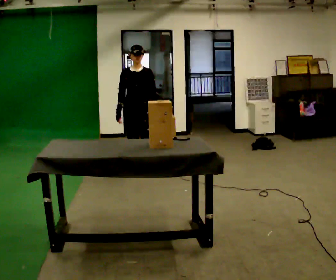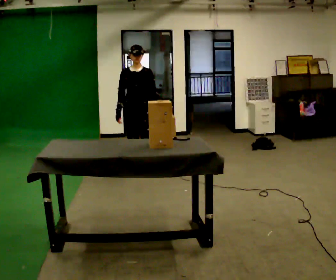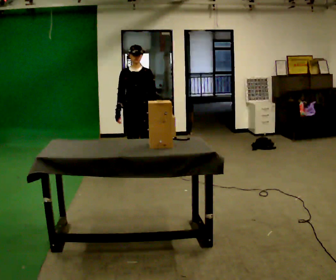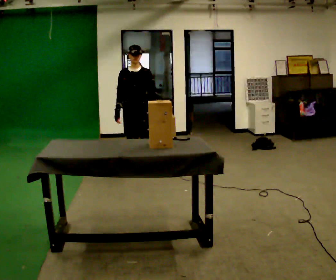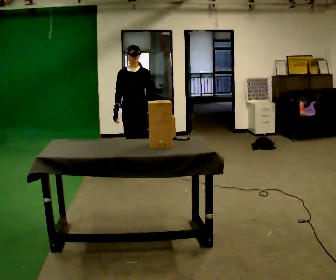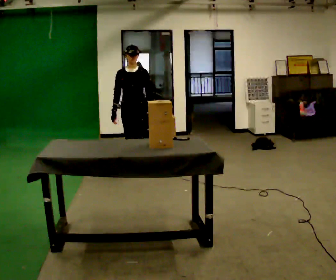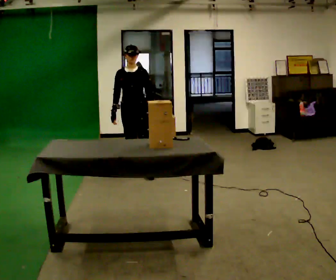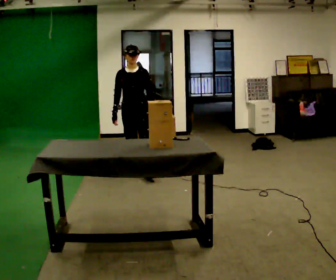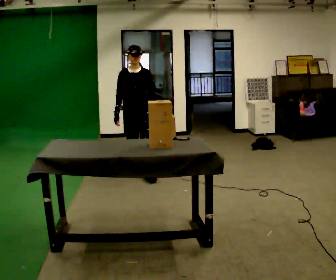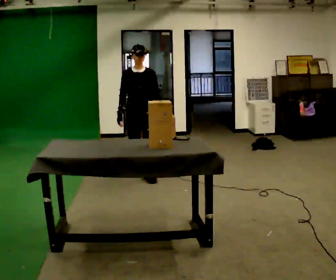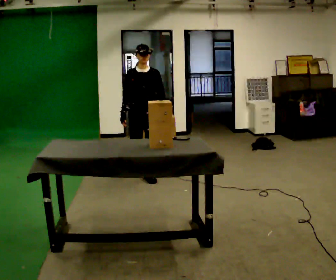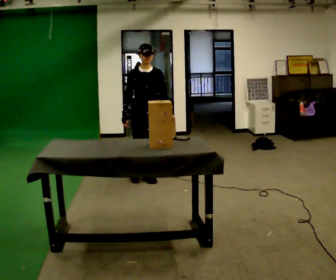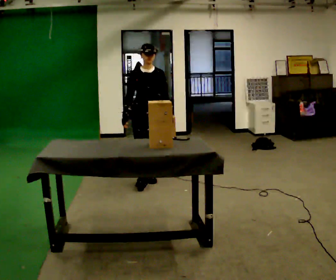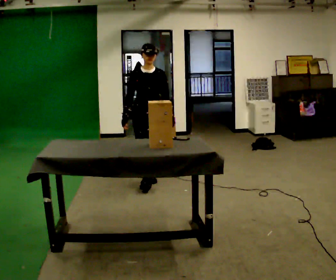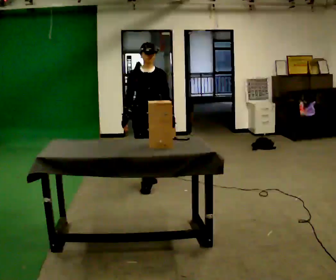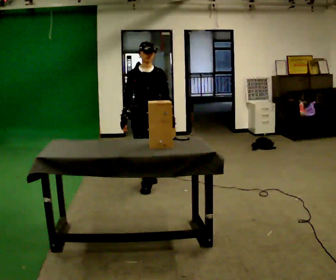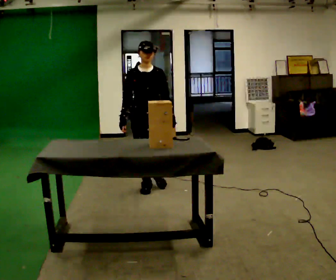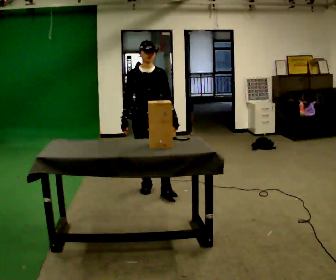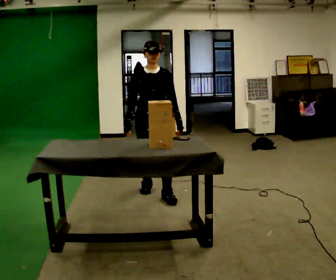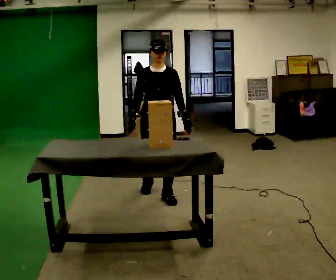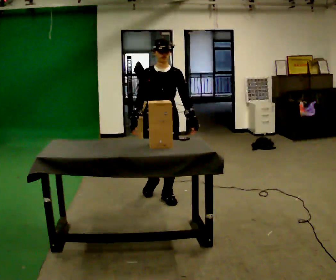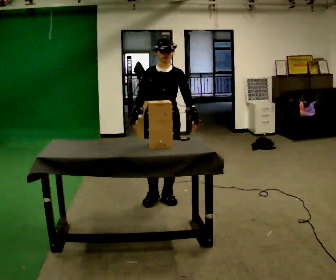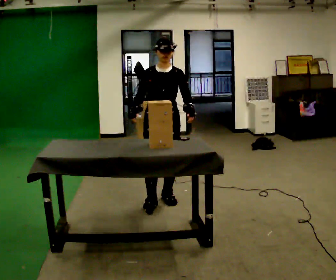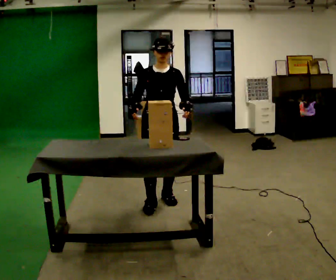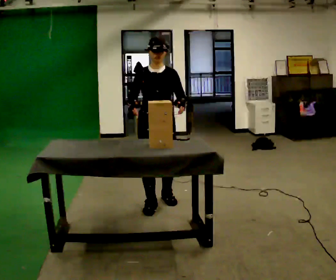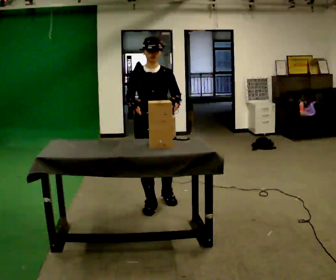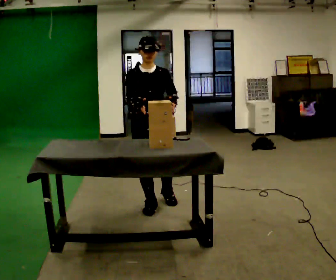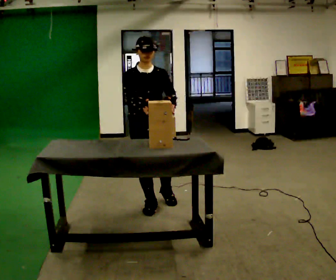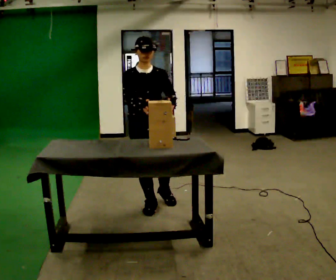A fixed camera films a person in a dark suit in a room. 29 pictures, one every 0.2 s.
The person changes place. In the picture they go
toward the camera.
0.0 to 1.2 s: The person moves a little, or ends about where they began.
1.2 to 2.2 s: In the picture they go toward the camera, about 0.25 m in 1 step, which for them is forward and to their left.
2.2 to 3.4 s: In the picture they go toward the camera, about 0.5 m in 1 step, which for them is forward.
3.4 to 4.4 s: In the picture they go toward the camera, about 0.25 m in 2 steps, which for them is forward and to their left.
4.4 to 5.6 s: In the picture they go toward the camera, about 0.25 m, which for them is forward and to their right.
The film runs forward here.
